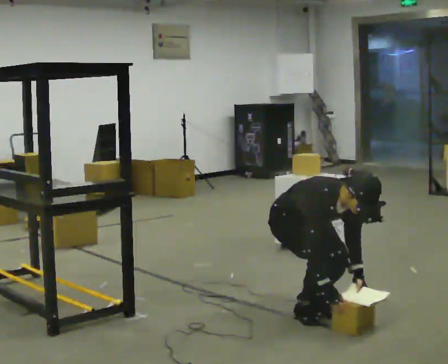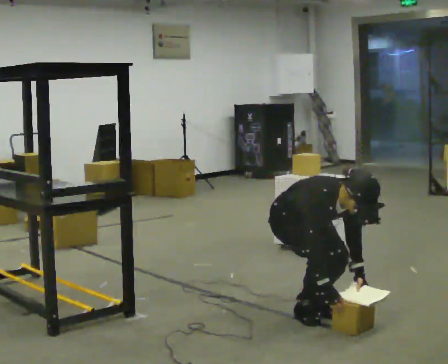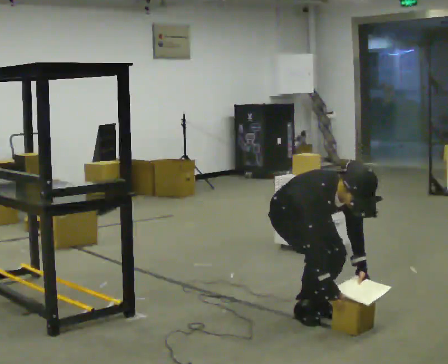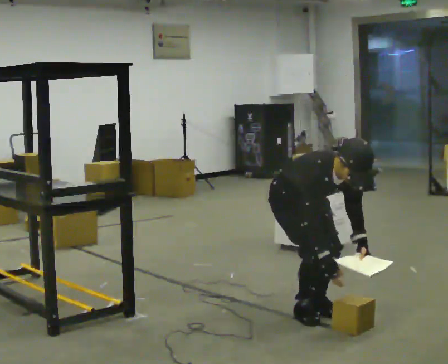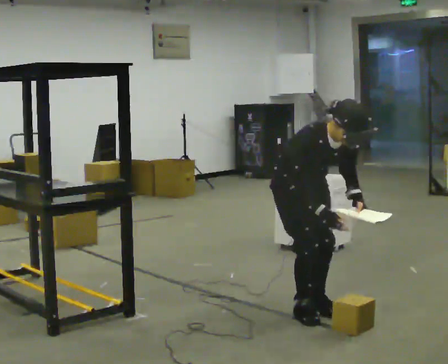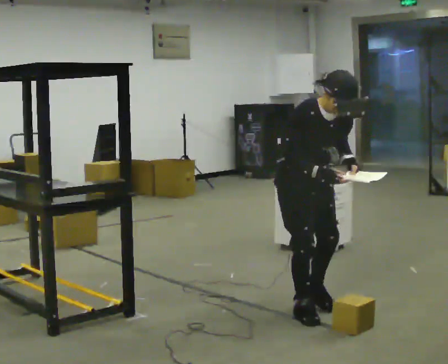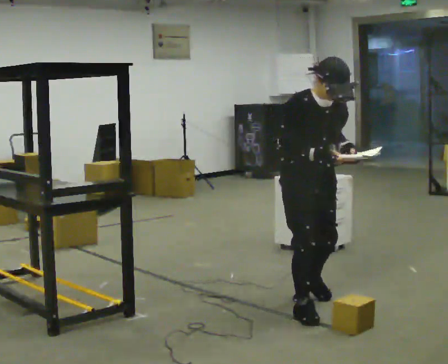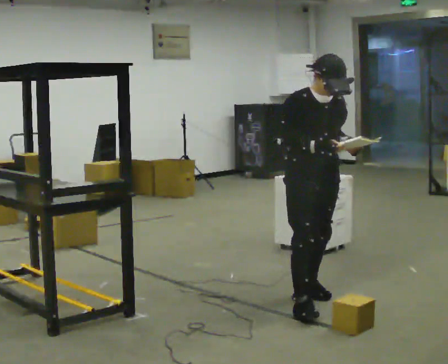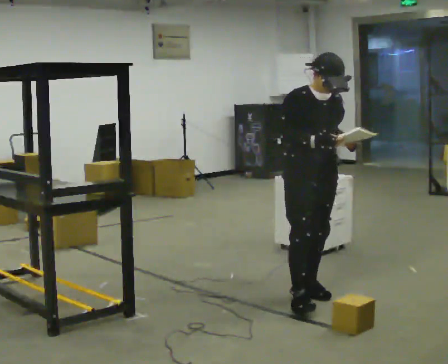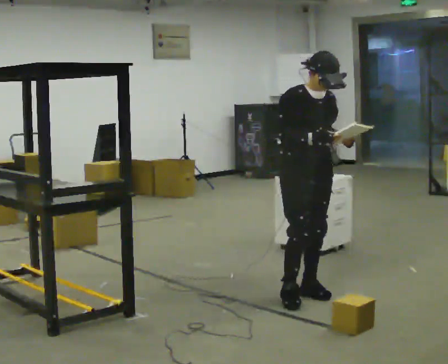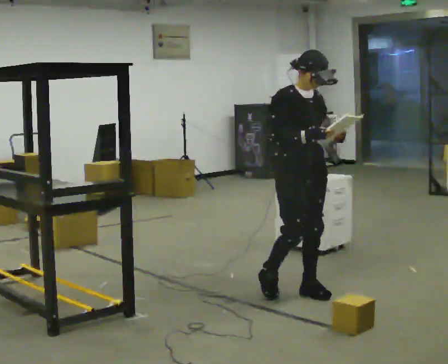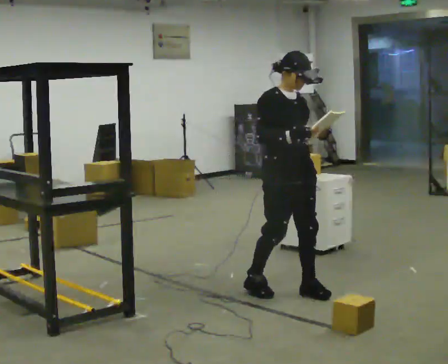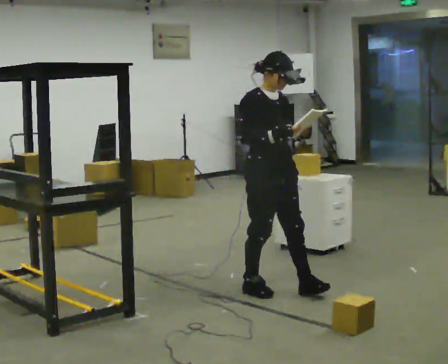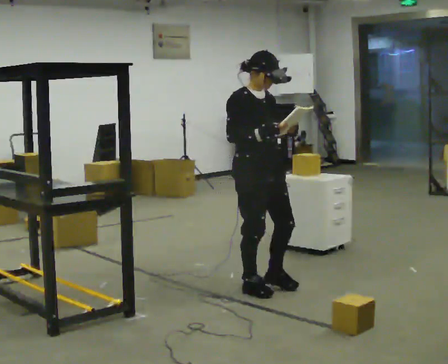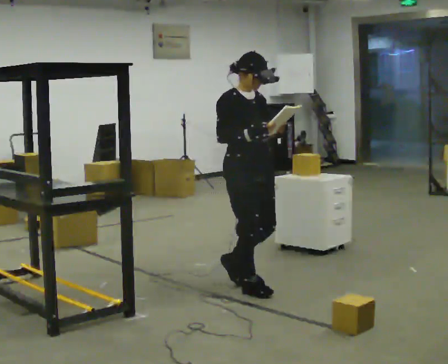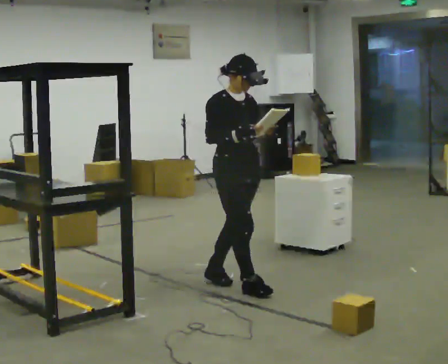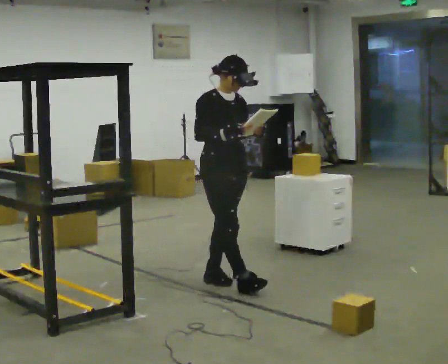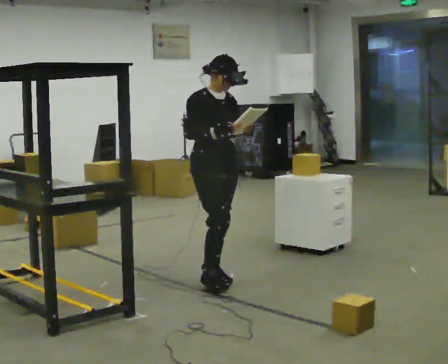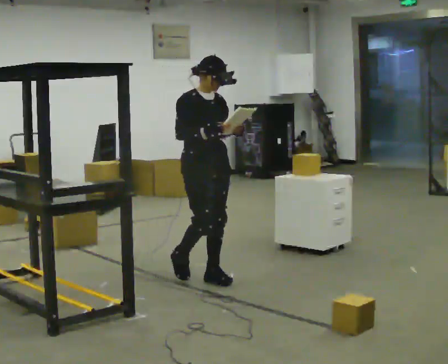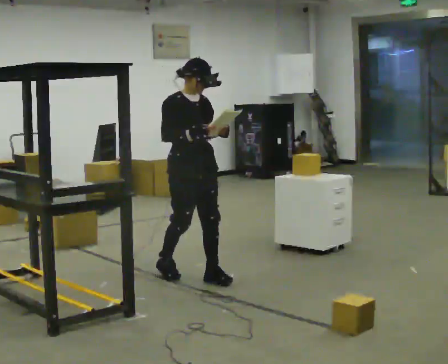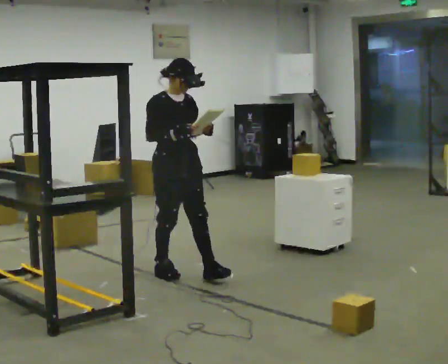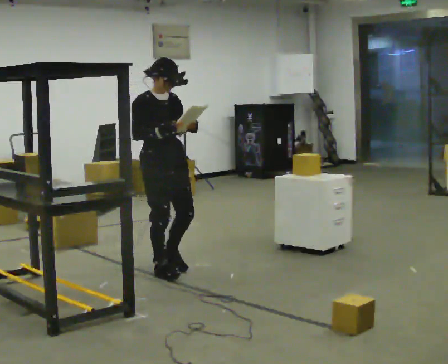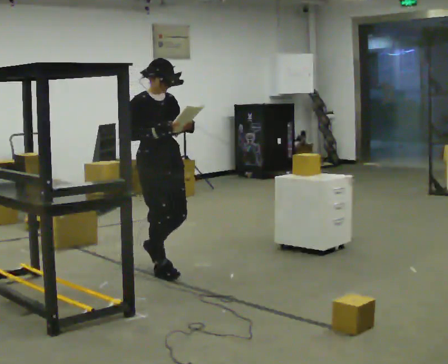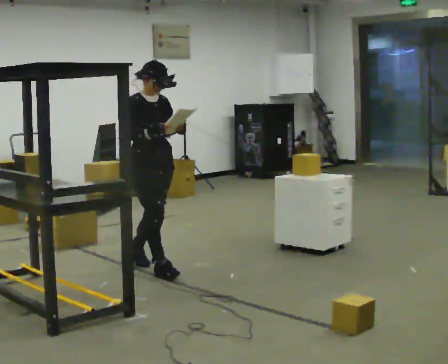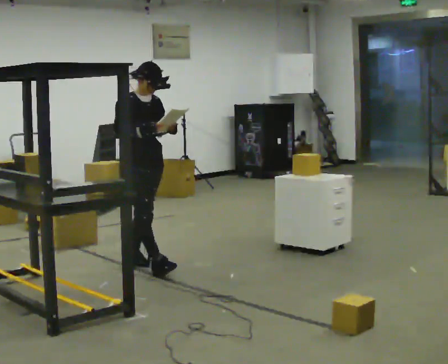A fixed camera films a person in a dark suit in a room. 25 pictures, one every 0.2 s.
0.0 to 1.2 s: The upper body goes upward. The upper body tips away from the camera, its near side rolling upward, as they lean back or straighten. In the picture their right hand goes upward.
1.2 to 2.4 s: In the picture they go away from the camera and to the left, about 0.25 m in 1 step, which for them is backward. The upper body tips away from the camera, its near side rolling upward, as they lean back or straighten.
2.4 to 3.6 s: In the picture they go to the left and away from the camera, about 0.5 m in 2 steps, which for them is backward.
3.6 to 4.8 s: In the picture they go to the left and away from the camera, about 0.5 m in 2 steps, which for them is backward.
The film runs backward here.
